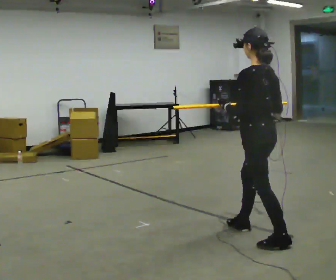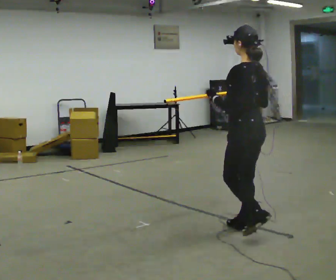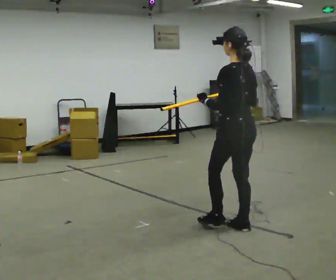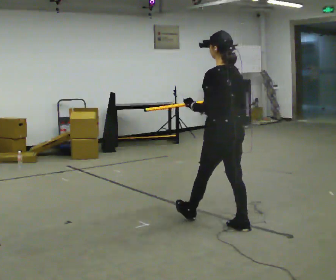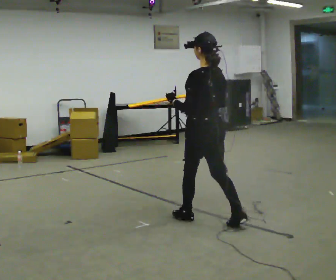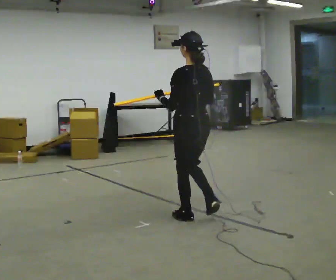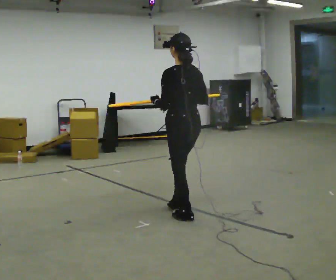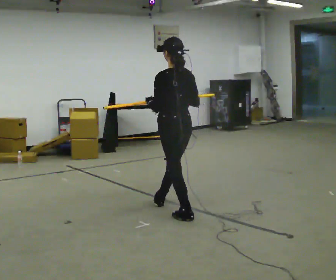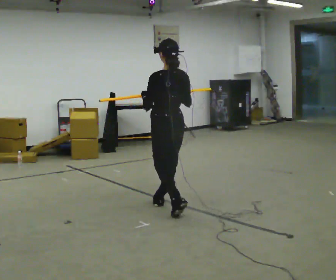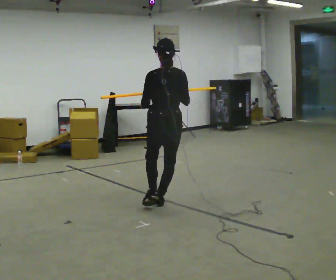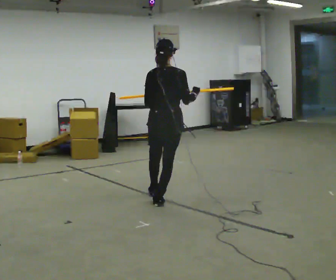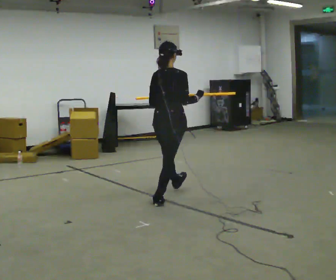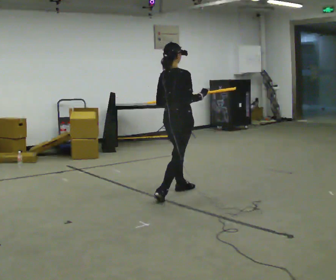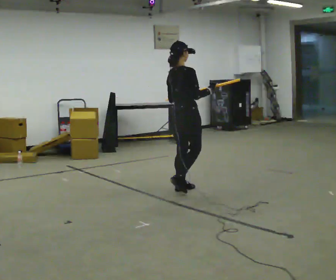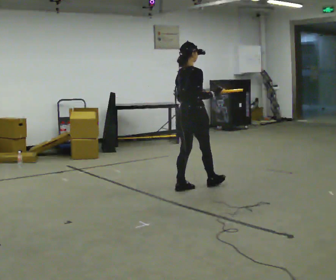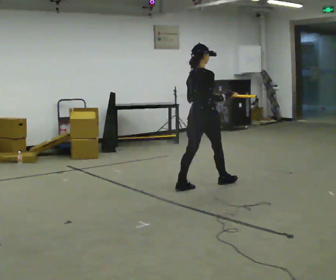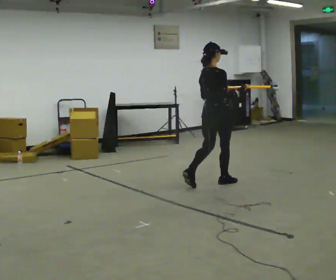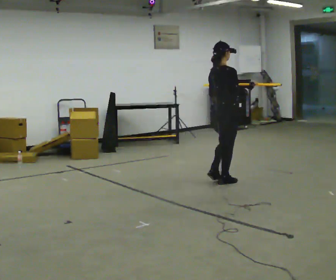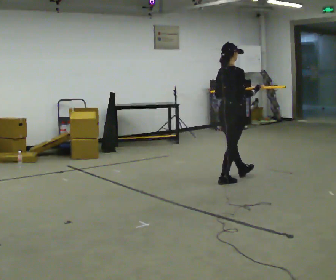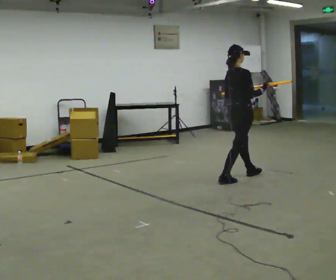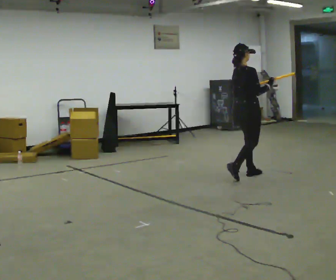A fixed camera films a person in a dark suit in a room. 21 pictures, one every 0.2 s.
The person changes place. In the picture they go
away from the camera.
The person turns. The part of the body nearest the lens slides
to the left.
0.0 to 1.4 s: In the picture they go away from the camera and to the left, about 1 m in 2 steps, which for them is forward.
1.4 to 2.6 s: The person turns about 90 degrees to their right, clockwise seen from above, so the part of the body nearest the lens slides to the left. In the picture they go away from the camera, about 1 m in 1 step.
2.6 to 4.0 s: In the picture they go to the right and away from the camera, about 1 m in 2 steps, which for them is forward.
The film runs forward here.
